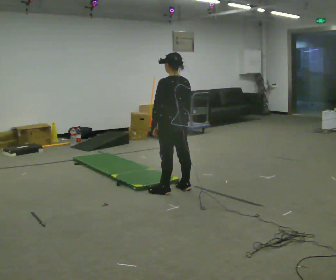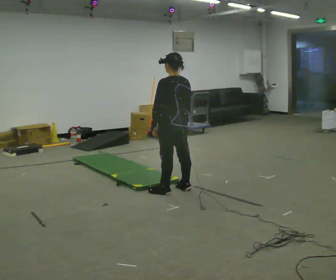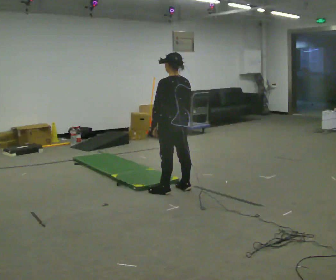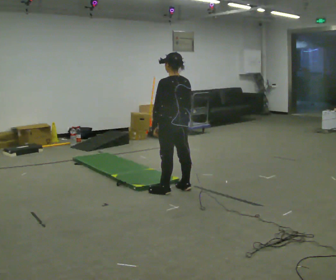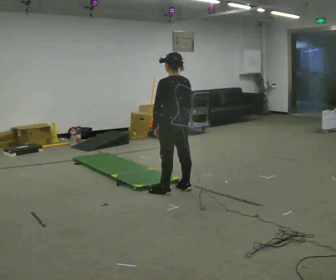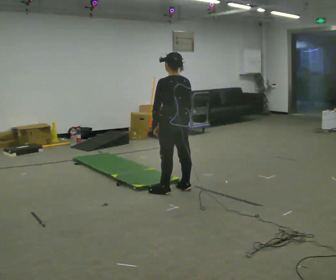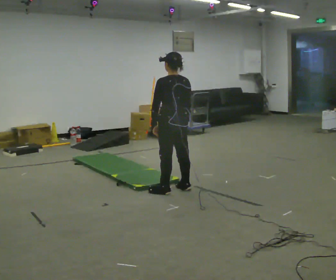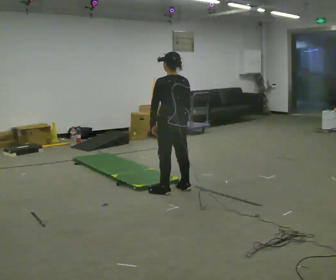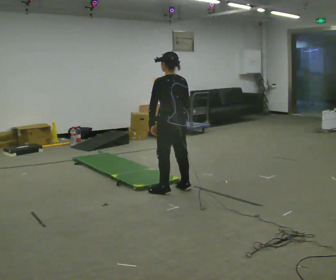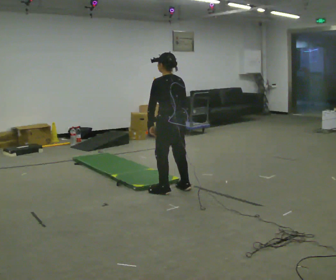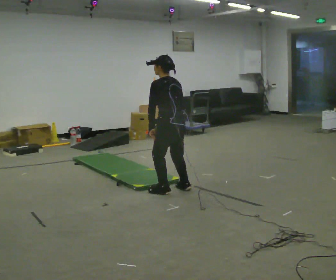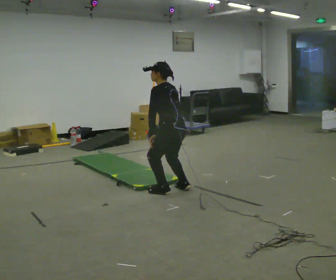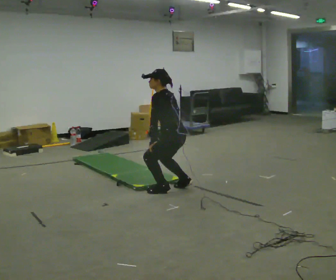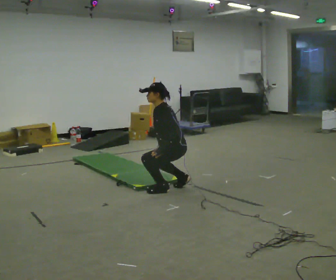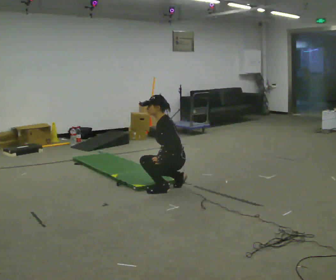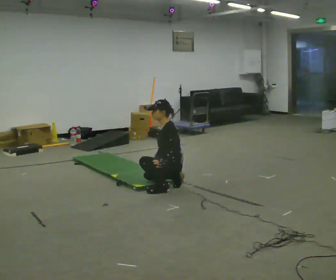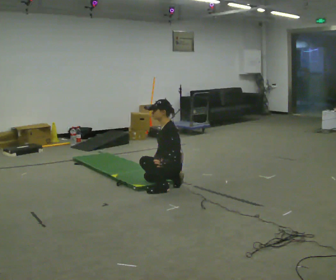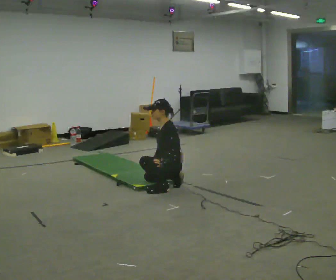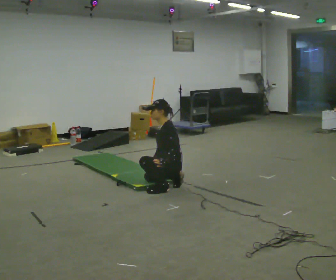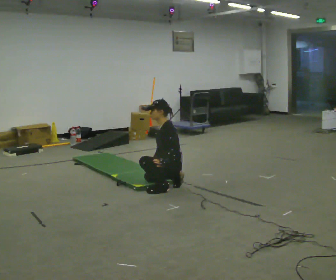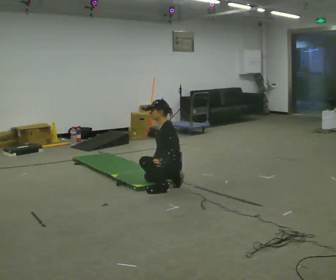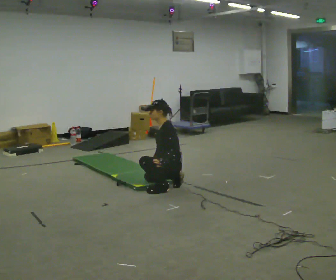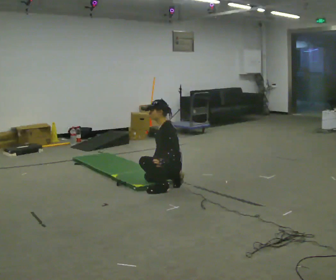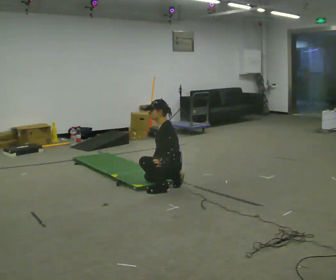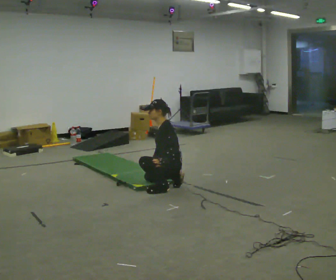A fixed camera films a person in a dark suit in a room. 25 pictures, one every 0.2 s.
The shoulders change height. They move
downward.
Their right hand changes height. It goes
downward.
0.0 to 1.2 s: The person moves a little, or ends about where they began.
1.2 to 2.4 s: The person turns about 30 degrees to their left, counterclockwise seen from above, so the part of the body nearest the lens slides to the right. The shoulders move downward. In the picture the upper body tilts counterclockwise, shoulders to the left, as they bend forward.
2.4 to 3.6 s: The person turns about 30 degrees to their left, counterclockwise seen from above, so the part of the body nearest the lens slides to the right. The upper body goes downward. In the picture their right hand goes downward.
3.6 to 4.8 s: The person keeps their place and pose.
The film runs backward here.
